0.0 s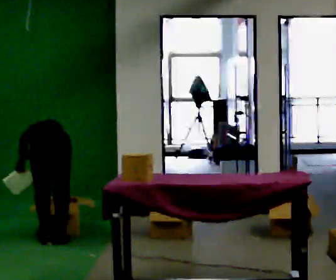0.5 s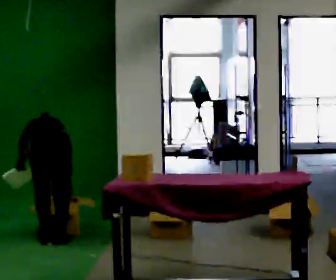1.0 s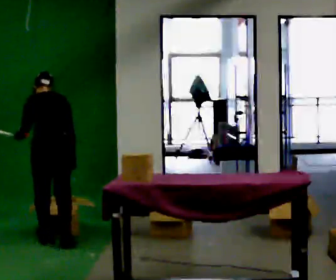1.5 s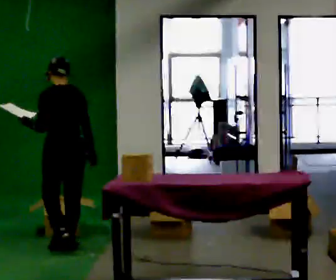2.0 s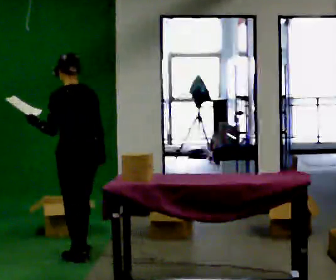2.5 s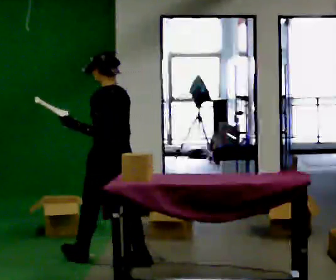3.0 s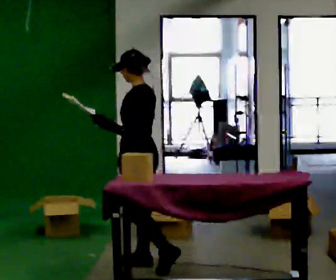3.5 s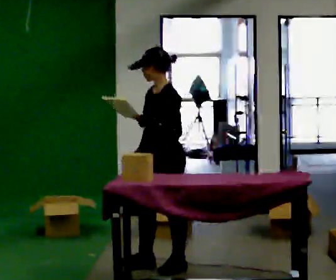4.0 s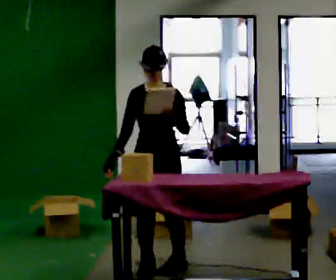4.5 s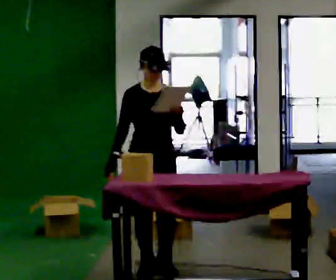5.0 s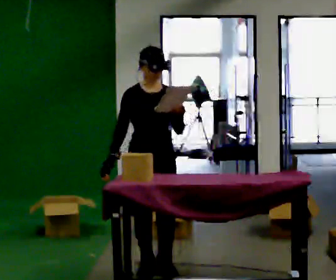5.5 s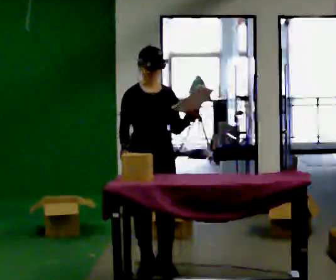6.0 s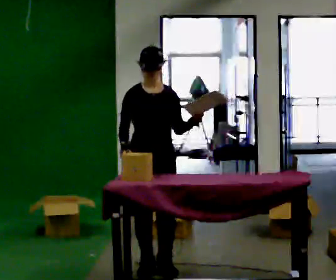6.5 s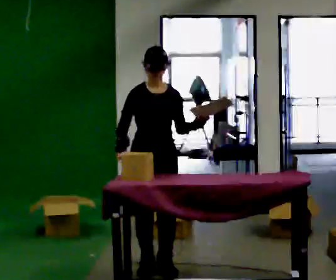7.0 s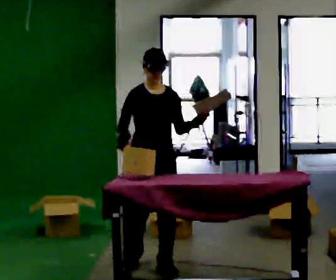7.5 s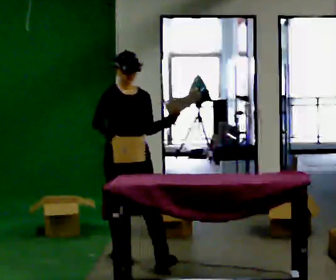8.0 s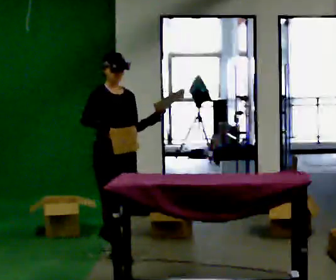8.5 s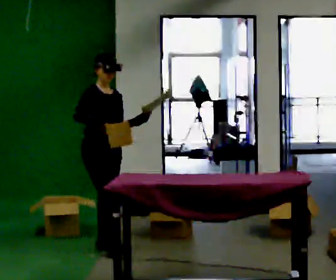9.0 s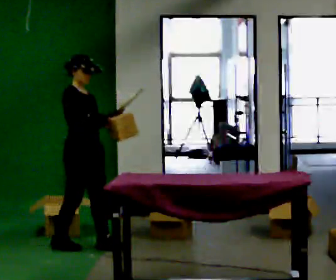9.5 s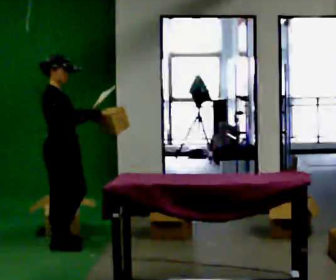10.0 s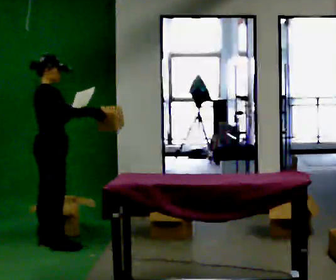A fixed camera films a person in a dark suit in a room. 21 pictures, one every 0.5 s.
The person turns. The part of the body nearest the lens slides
to the right.
The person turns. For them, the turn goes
to their left.
0.0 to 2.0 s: In the picture they go toward the camera and to the right, about 0.5 m in 3 steps, which for them is backward and to their right. The upper body goes upward. The upper body tips toward the camera, its near side rolling downward, as they lean back or straighten. In the picture their left hand goes upward.
2.0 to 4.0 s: The part of the body nearest the lens slides to the right as the person turns to their left by about 135 degrees. In the picture they go to the right and toward the camera, about 0.5 m in 1 step.
4.0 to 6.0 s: The person moves a little, or ends about where they began.
6.0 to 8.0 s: The person turns about 30 degrees to their left, counterclockwise seen from above, so the part of the body nearest the lens slides to the right. In the picture they go away from the camera and to the left, about 0.5 m in 2 steps, which for them is backward and to their right.
8.0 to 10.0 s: Seen from above the body turns counterclockwise, about 75 degrees: to their left, with its near side sliding to the right. In the picture they go to the left and away from the camera, about 0.75 m in 2 steps.
The film runs backward here.
